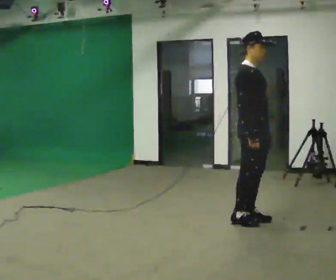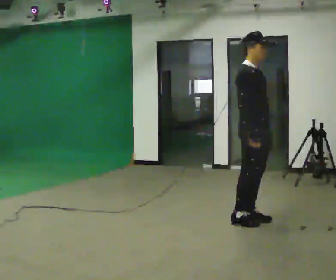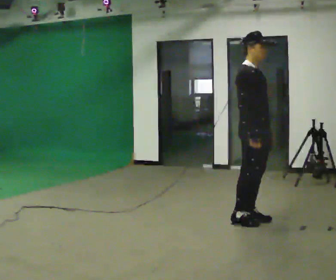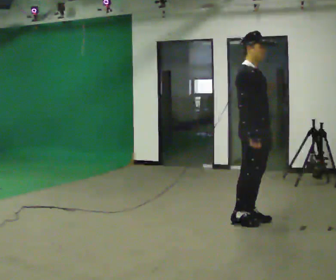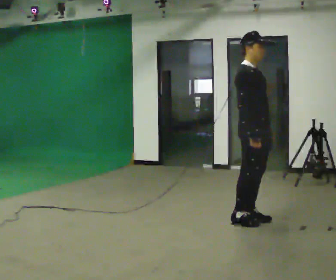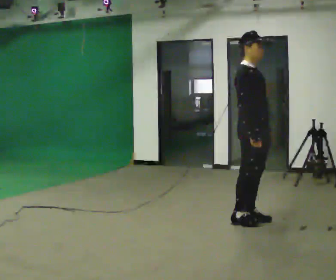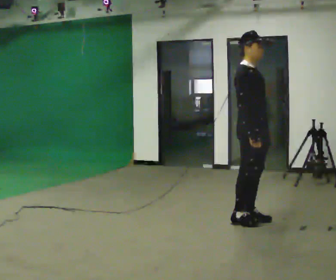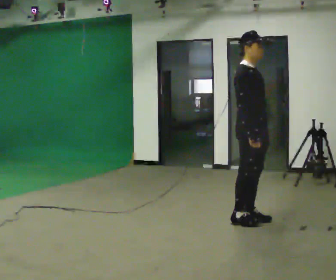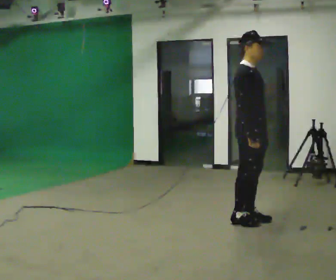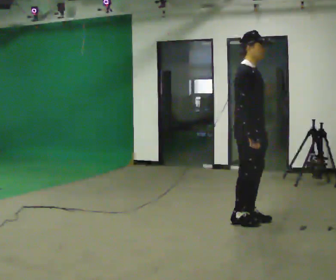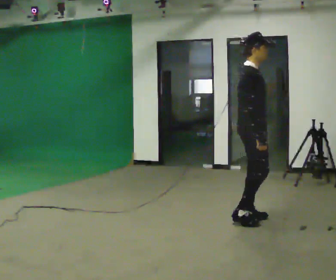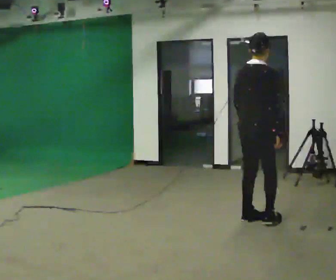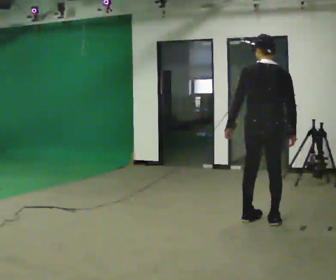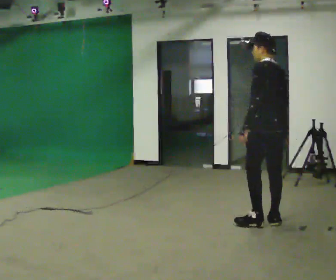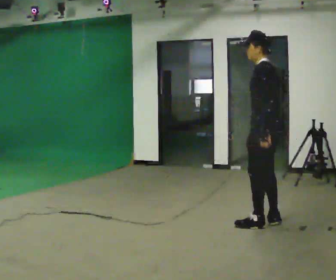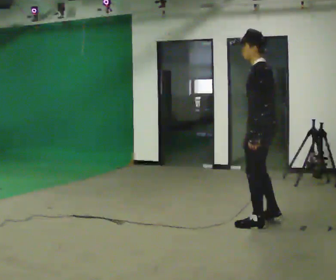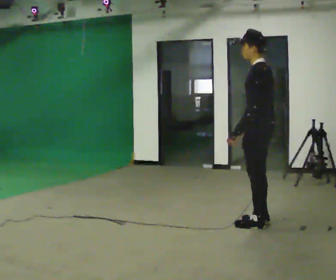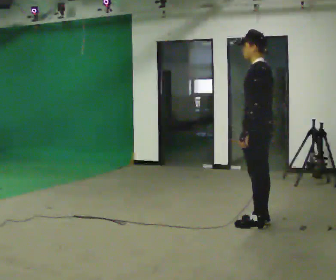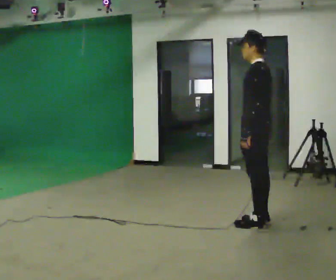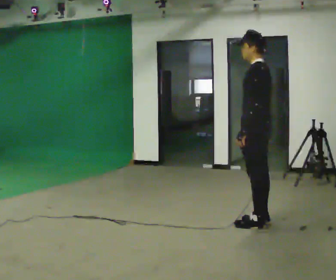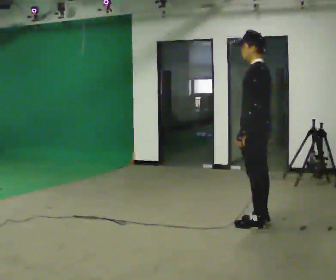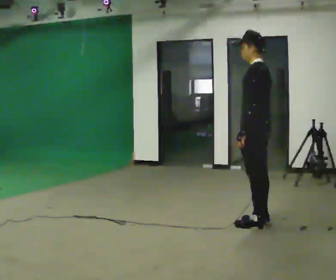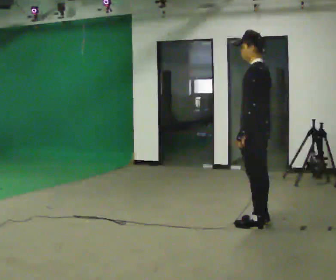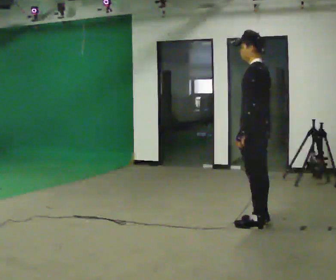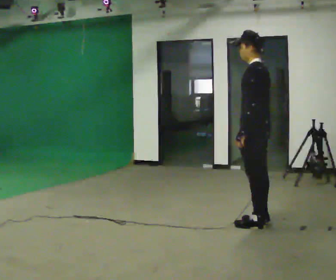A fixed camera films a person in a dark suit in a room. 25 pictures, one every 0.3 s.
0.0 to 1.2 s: The person keeps their place and pose.
1.2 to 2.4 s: The person moves a little, or ends about where they began.
2.4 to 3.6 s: Seen from above the body turns counterclockwise, about 120 degrees: to their left, with its near side sliding to the right. In the picture they go to the right, about 0.25 m in 1 step.
3.6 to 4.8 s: The person turns about 60 degrees to their left, counterclockwise seen from above, so the part of the body nearest the lens slides to the right. In the picture their right hand goes to the left.
4.8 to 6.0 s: The person moves a little, or ends about where they began.
6.0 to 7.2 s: The person keeps their place and pose.
The film runs forward here.
